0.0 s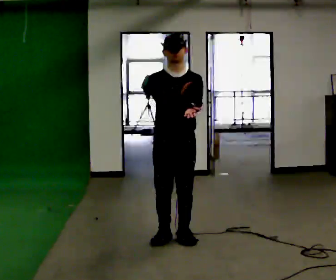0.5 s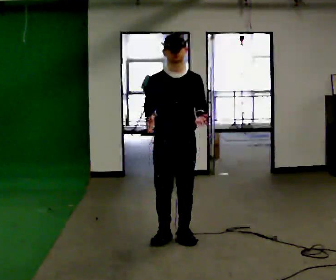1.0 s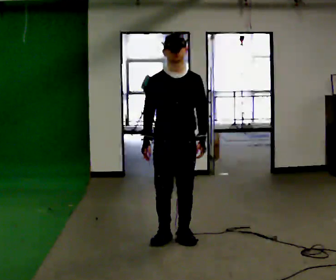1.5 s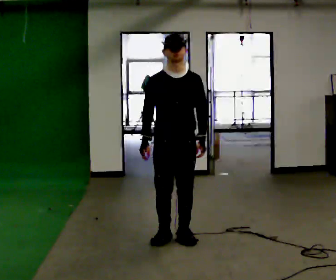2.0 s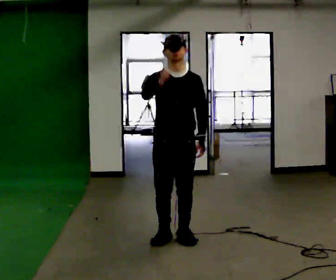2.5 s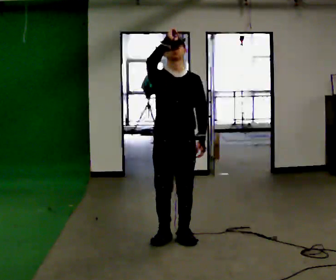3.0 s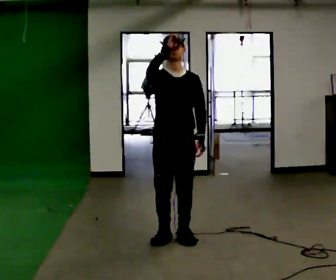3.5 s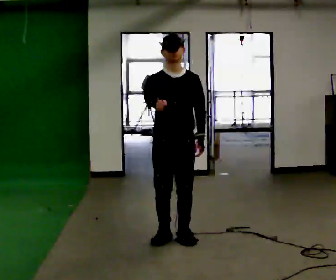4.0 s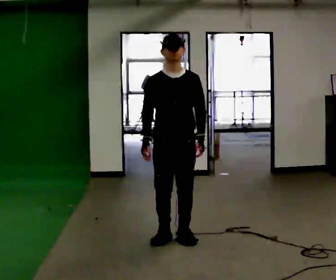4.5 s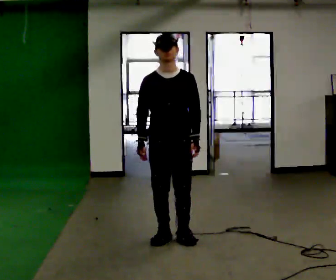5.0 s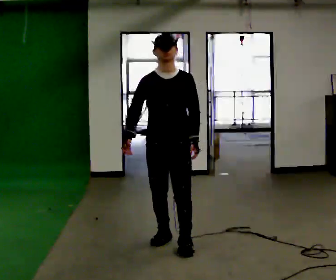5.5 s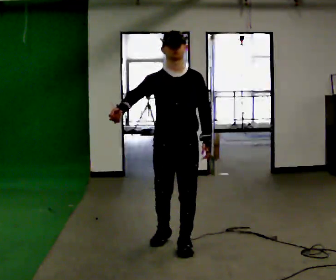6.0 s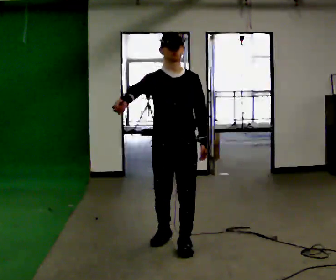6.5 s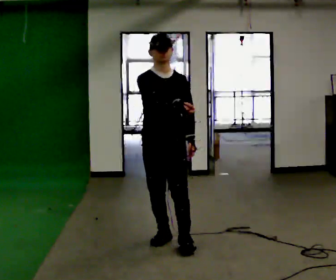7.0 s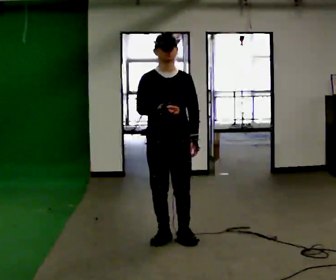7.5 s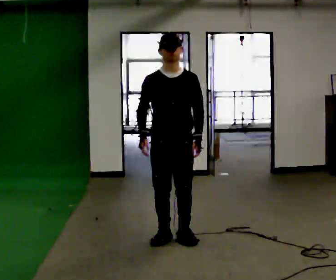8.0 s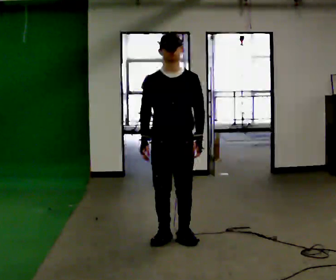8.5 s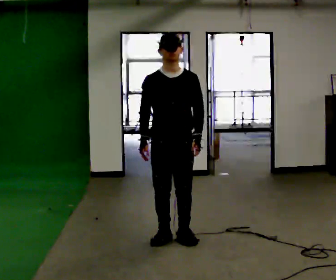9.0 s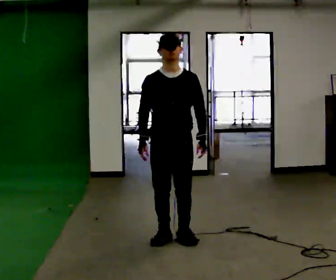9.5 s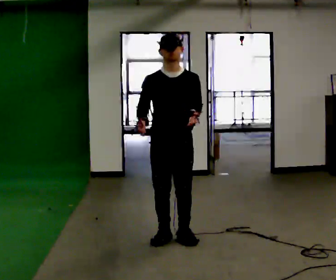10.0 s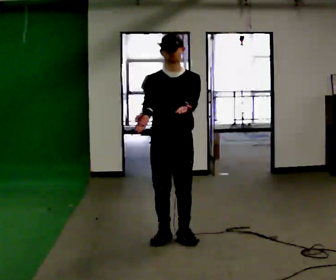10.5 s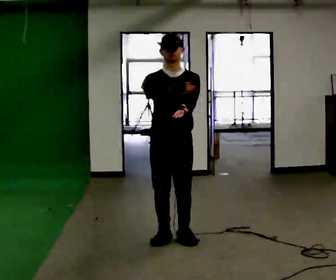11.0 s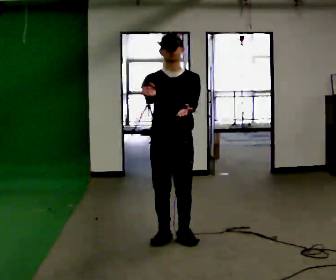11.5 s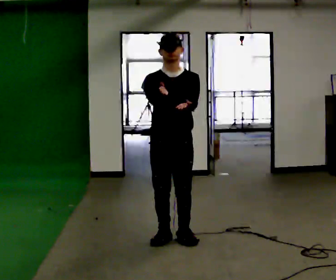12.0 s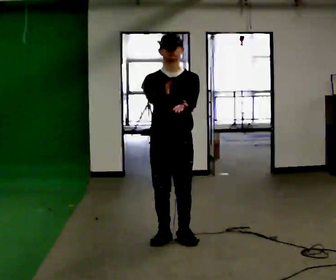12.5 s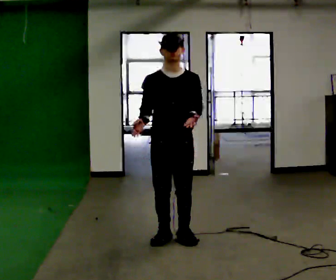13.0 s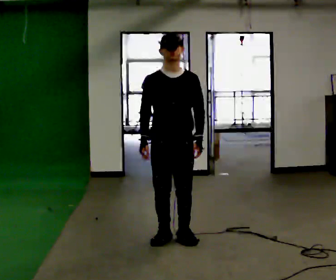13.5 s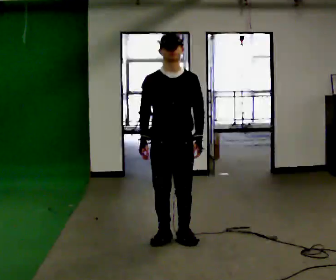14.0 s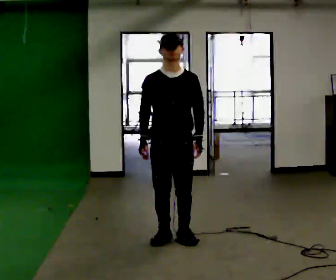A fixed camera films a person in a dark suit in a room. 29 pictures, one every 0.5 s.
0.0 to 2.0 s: The person moves a little, or ends about where they began.
2.0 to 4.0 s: In the picture their right hand goes downward.
4.0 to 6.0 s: In the picture they go toward the camera, about 0.25 m in 1 step, which for them is forward. In the picture their right hand goes upward.
6.0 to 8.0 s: In the picture they go away from the camera, about 0.25 m in 1 step, which for them is backward. In the picture their right hand goes downward.
8.0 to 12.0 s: In the picture their right hand goes upward.
12.0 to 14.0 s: In the picture their right hand goes downward.
The film runs backward here.
